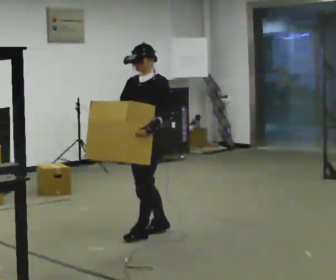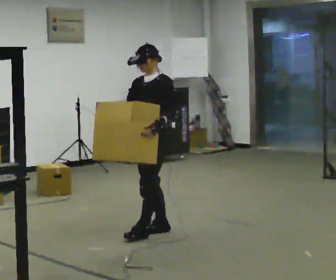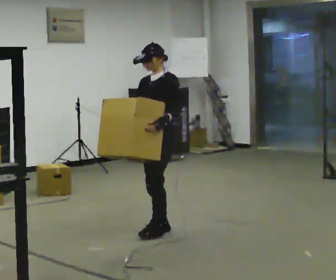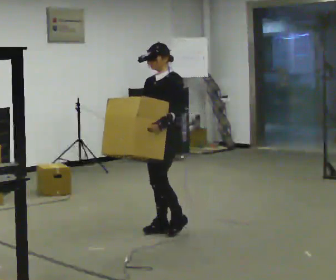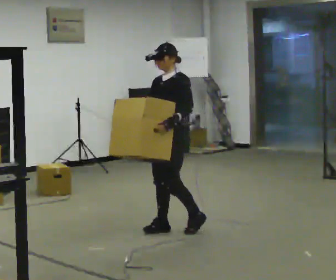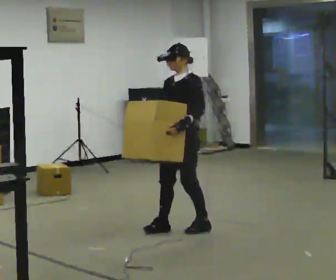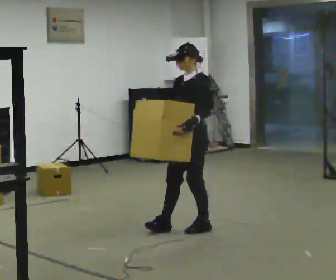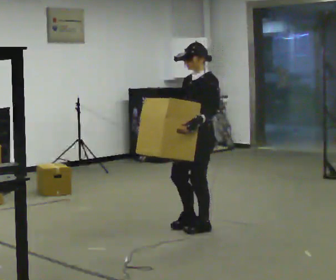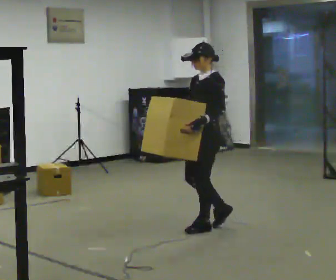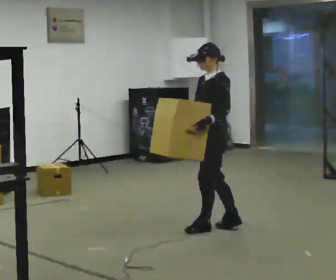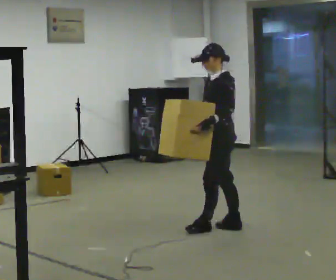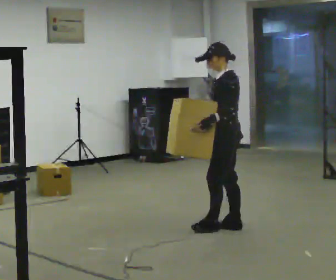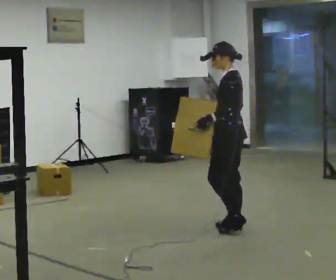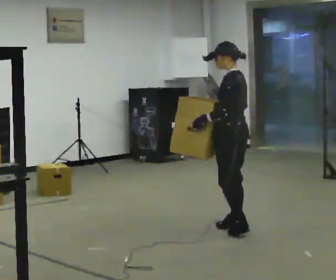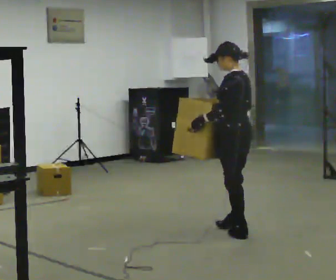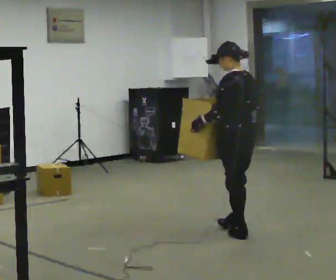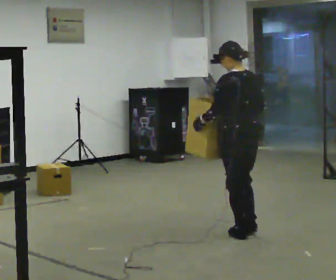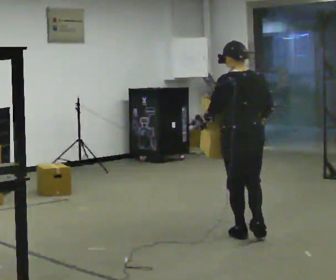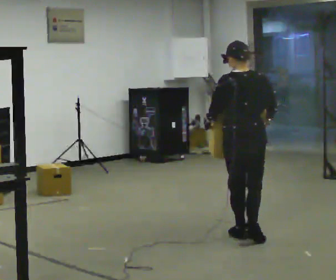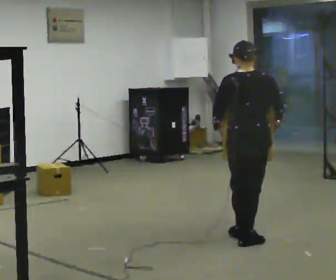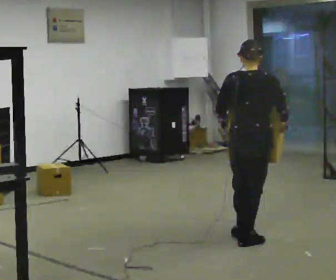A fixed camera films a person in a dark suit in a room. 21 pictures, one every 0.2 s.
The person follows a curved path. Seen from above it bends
clockwise.
The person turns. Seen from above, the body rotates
clockwise.
0.0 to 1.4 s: In the picture they go to the right, about 0.5 m in 2 steps, which for them is backward.
1.4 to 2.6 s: The part of the body nearest the lens slides to the left as the person turns to their right by about 45 degrees. In the picture they go to the right, about 0.25 m in 1 step, which for them is backward.
2.6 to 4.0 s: Seen from above the body turns clockwise, about 75 degrees: to their right, with its near side sliding to the left. In the picture they go toward the camera, about 0.5 m in 1 step.
The film runs backward here.
